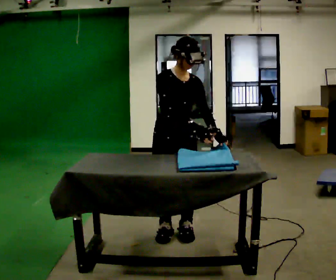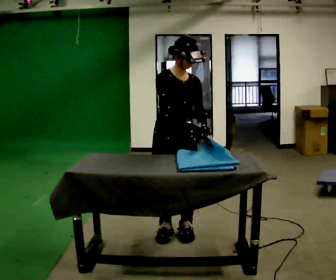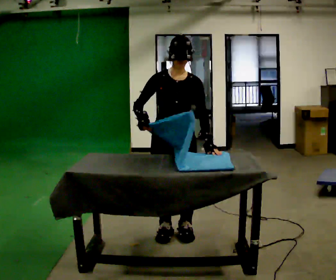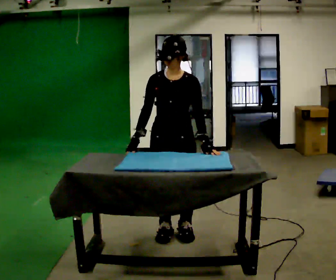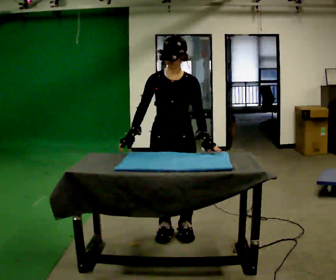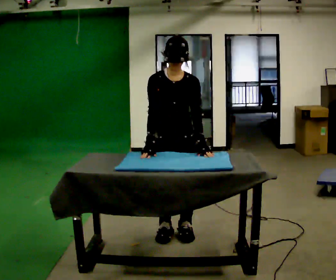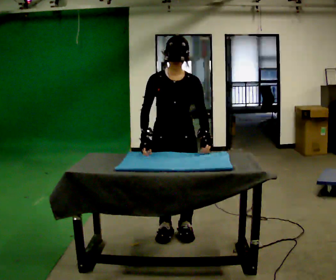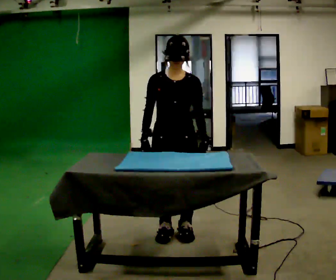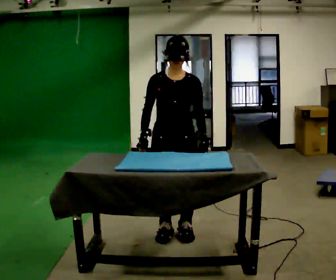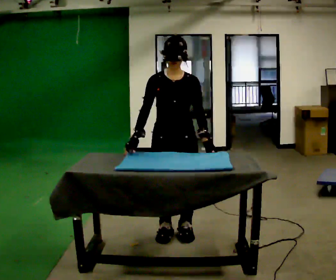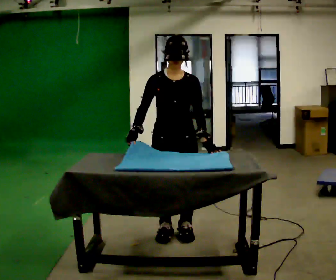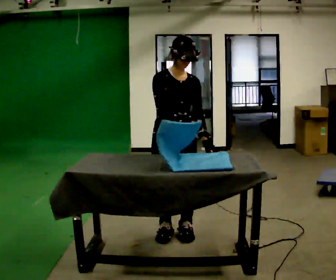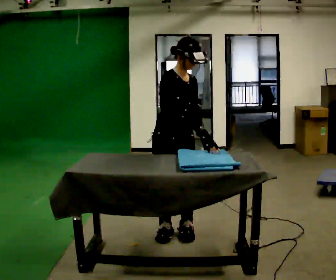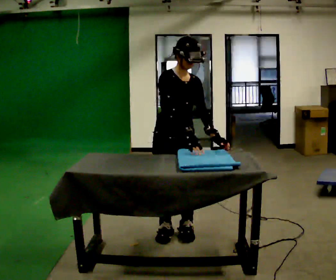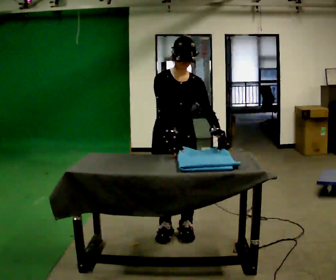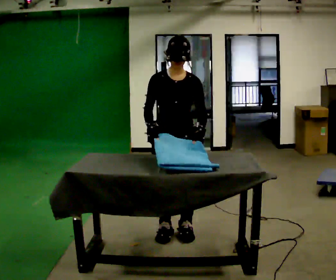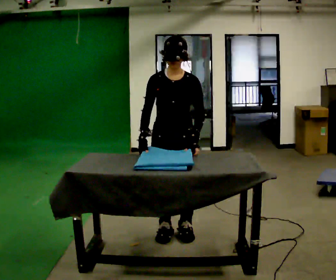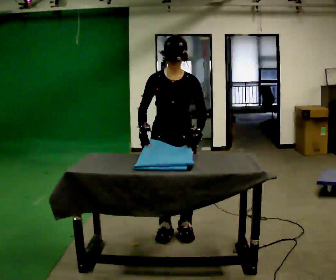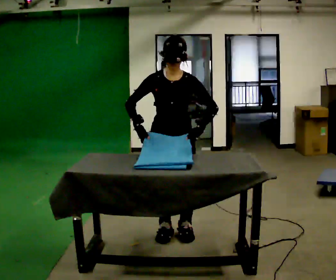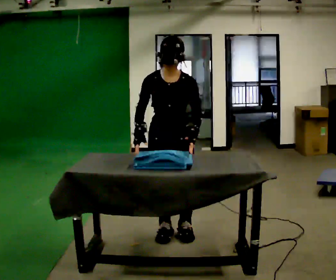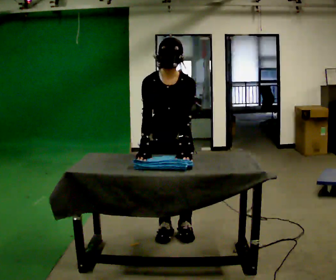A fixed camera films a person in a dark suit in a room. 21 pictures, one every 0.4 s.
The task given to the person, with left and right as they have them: Fold the cloth in half, then in half again, then unfold it. Repeat at your own pace until the operator says stop. Keep both feet on the marked spots for the whole take. If you have to step, stop and tell the operator.
0.0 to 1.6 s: Seen from above the body turns clockwise, about 30 degrees: to their right, with its near side sliding to the left. In the picture their right hand goes to the left.
1.6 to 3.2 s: The person moves a little, or ends about where they began.
3.2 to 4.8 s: Seen from above the body turns counterclockwise, about 45 degrees: to their left, with its near side sliding to the right. In the picture their right hand goes to the right.
4.8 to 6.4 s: The person turns about 45 degrees to their right, clockwise seen from above, so the part of the body nearest the lens slides to the left. In the picture their right hand goes to the left, the arm swinging clockwise.
6.4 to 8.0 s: The upper body tips toward the camera, its near side rolling downward, as they bend forward.
The film runs forward here.
